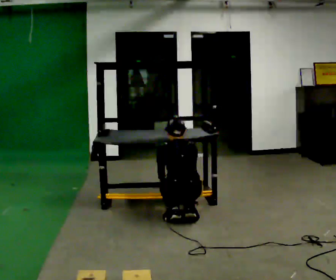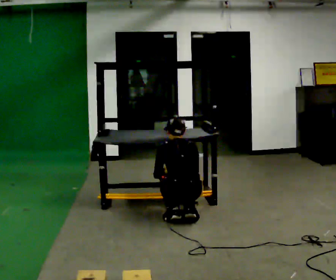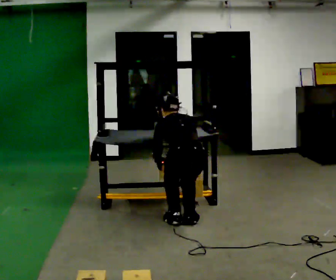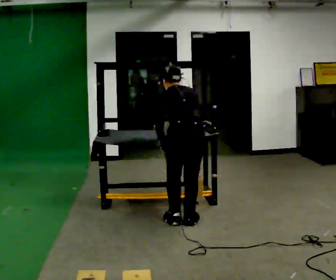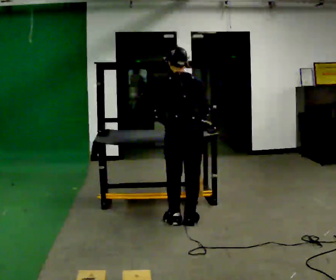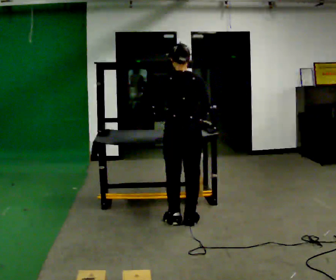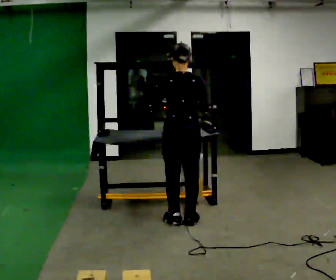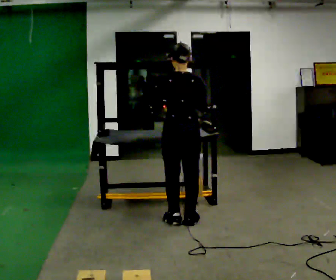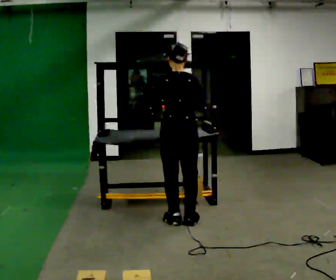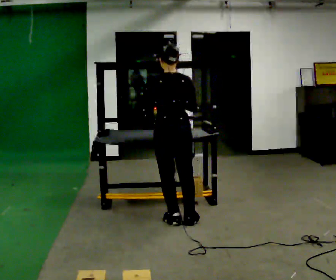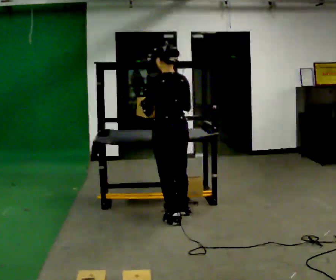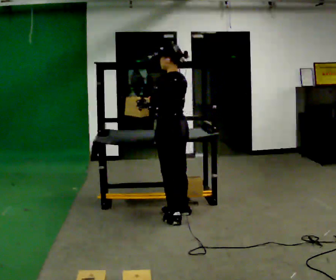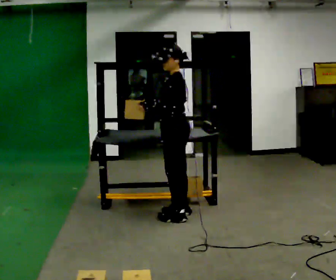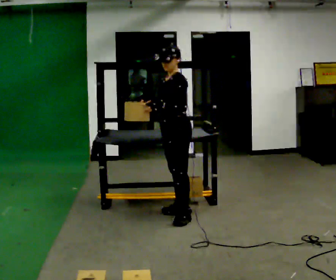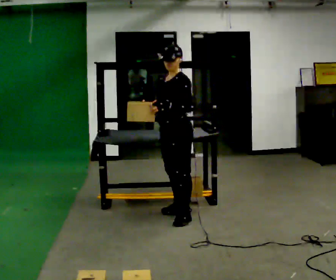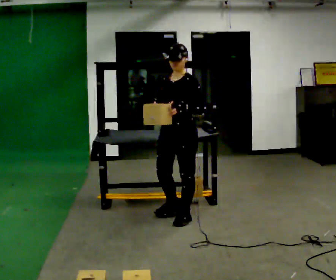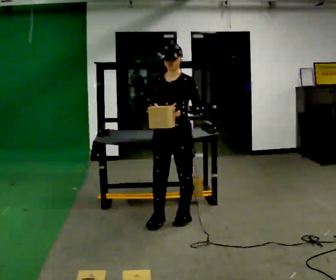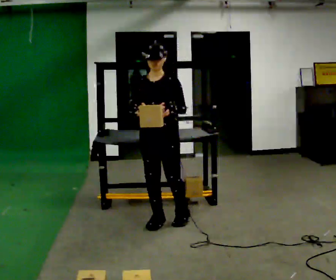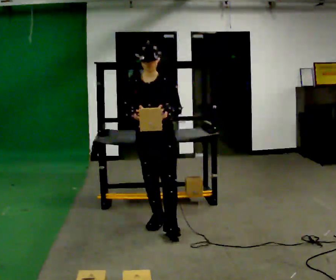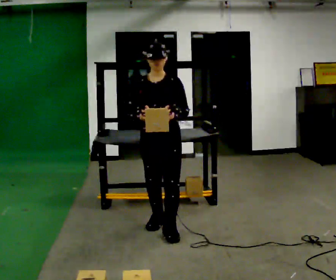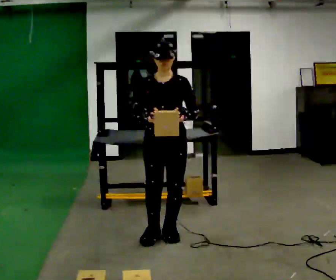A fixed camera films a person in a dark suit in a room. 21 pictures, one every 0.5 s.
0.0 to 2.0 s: The shoulders move upward. In the picture their left hand goes upward.
2.0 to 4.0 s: The person moves a little, or ends about where they began.
4.0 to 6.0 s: The person turns about 90 degrees to their left, counterclockwise seen from above, so the part of the body nearest the lens slides to the right. In the picture they go away from the camera, about 0.25 m in 1 step. In the picture their right hand goes to the left.
6.0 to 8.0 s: The part of the body nearest the lens slides to the right as the person turns to their left by about 75 degrees. In the picture they go toward the camera, about 0.25 m in 1 step.
8.0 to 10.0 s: In the picture they go toward the camera, about 0.5 m in 1 step, which for them is forward.
The film runs forward here.
